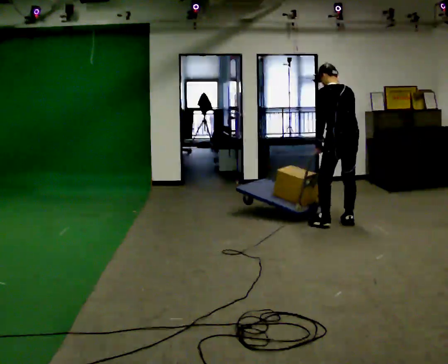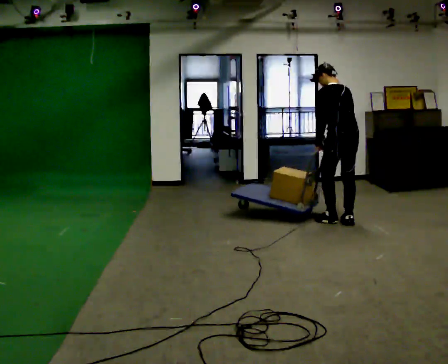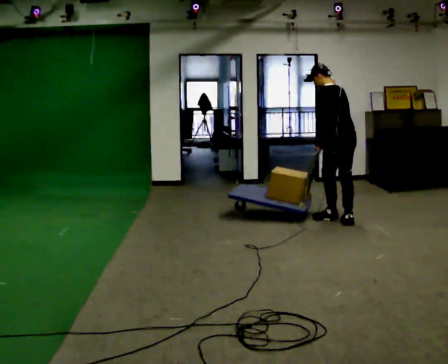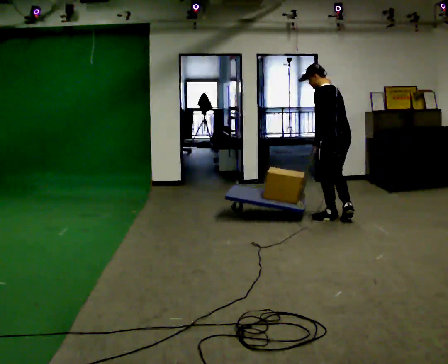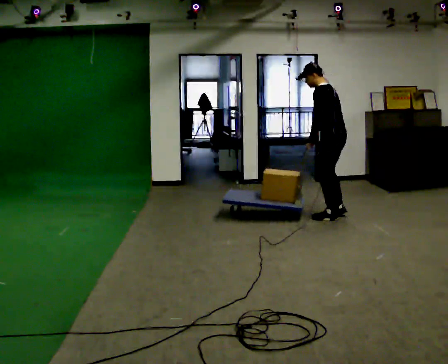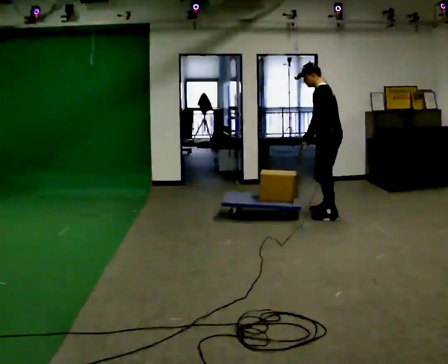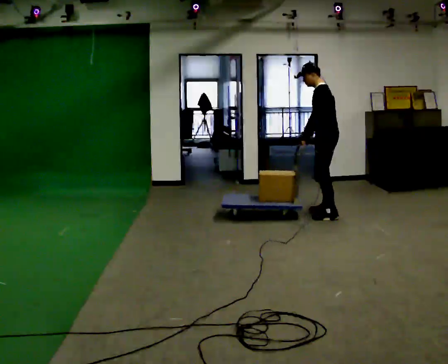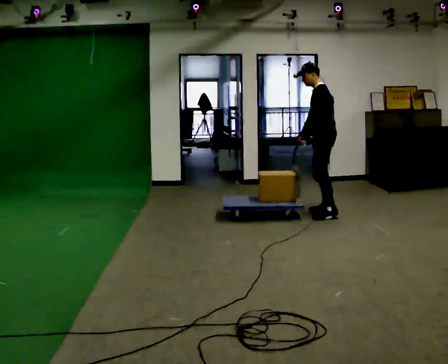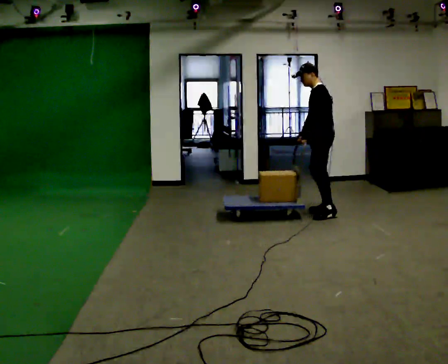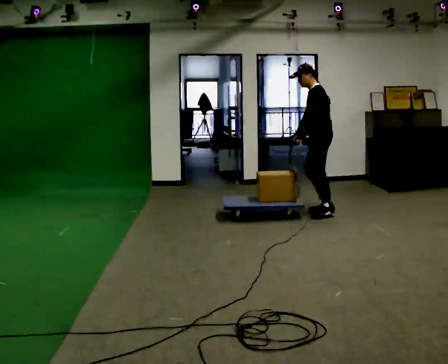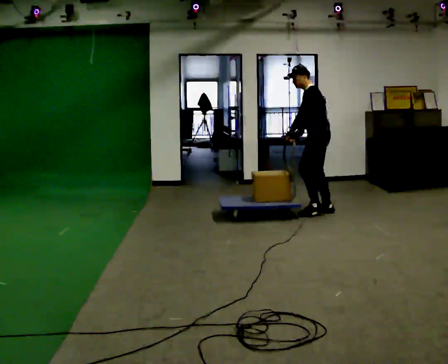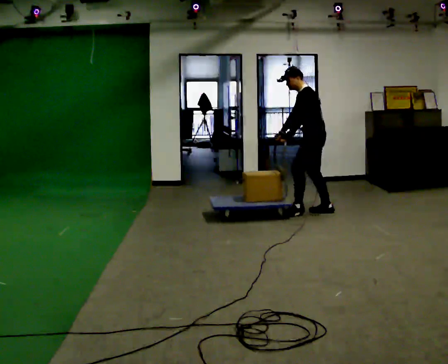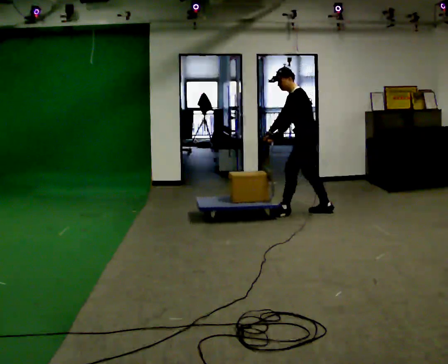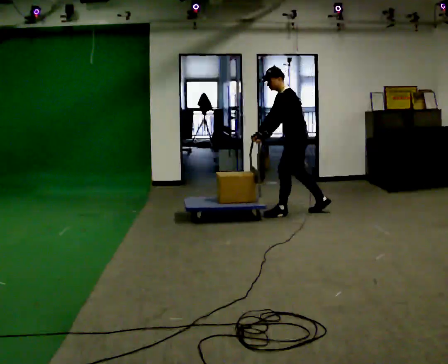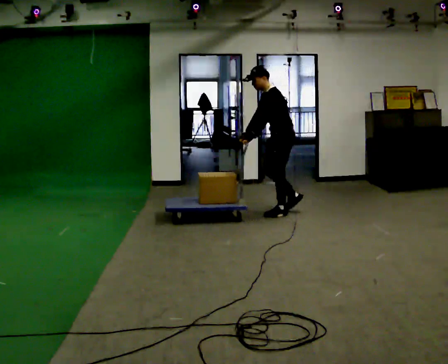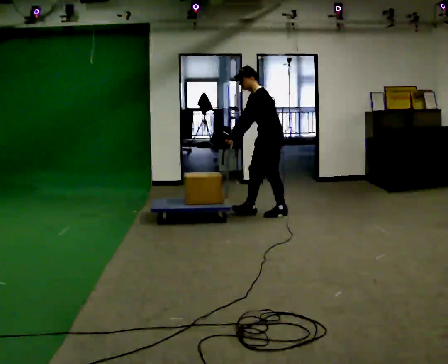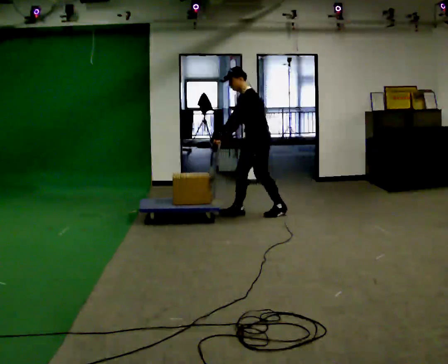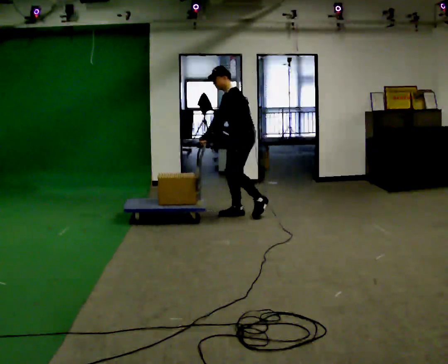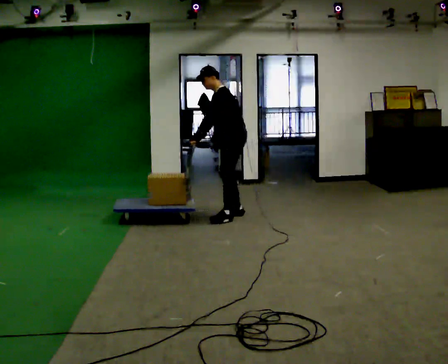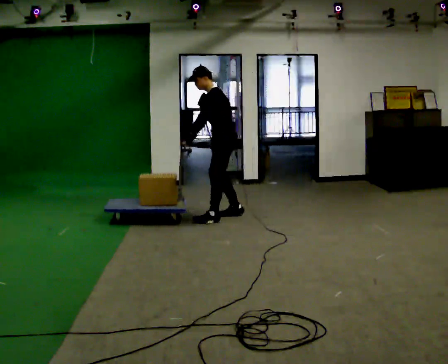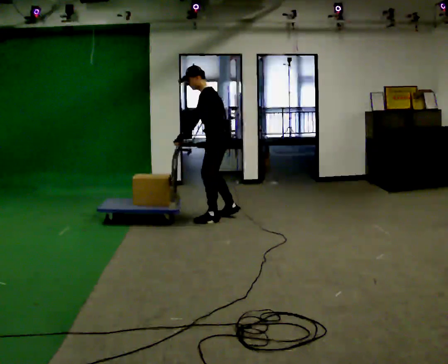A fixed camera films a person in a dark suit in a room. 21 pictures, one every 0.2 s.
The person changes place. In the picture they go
to the left.
The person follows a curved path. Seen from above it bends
counterclockwise.
0.0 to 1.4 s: Seen from above the body turns counterclockwise, about 60 degrees: to their left, with its near side sliding to the right. In the picture they go away from the camera, about 0.5 m in 2 steps.
1.4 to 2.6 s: In the picture they go to the left, about 0.25 m in 1 step, which for them is forward.
2.6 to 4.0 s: In the picture they go to the left and toward the camera, about 1 m in 2 steps, which for them is forward.
The film runs forward here.
